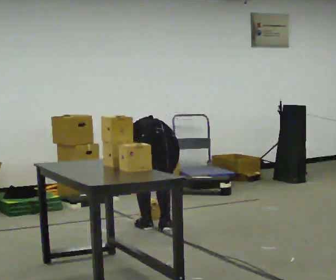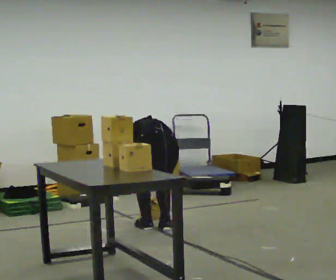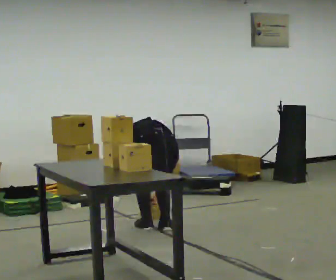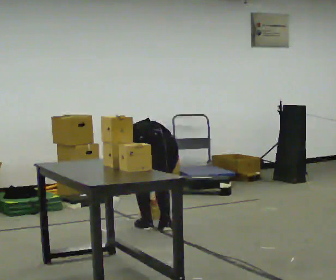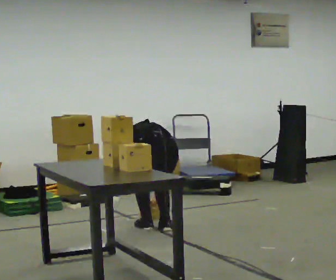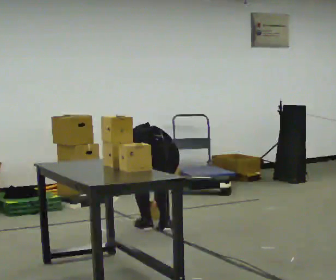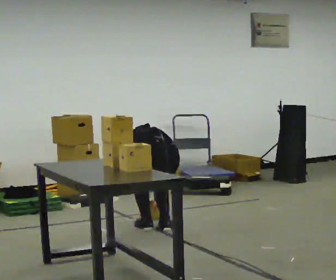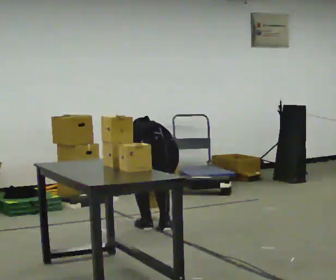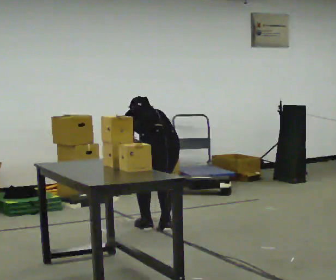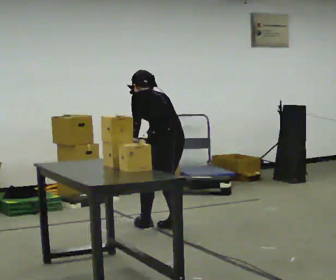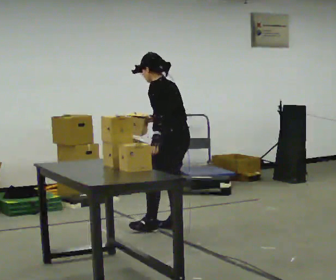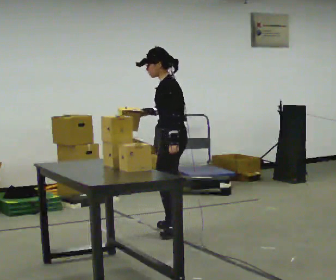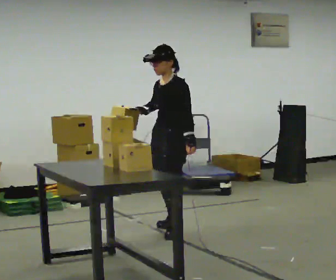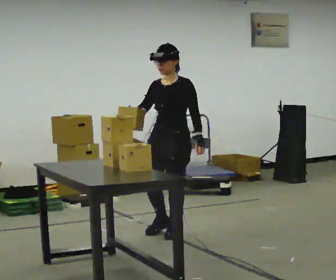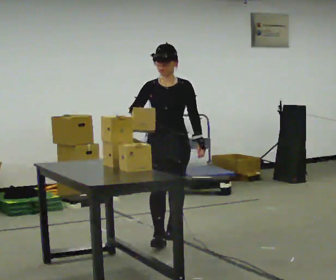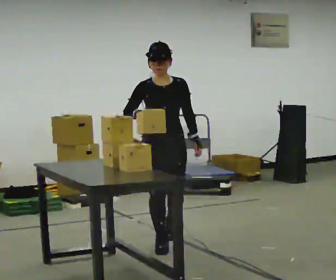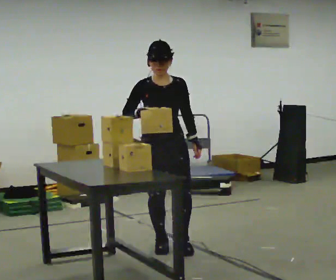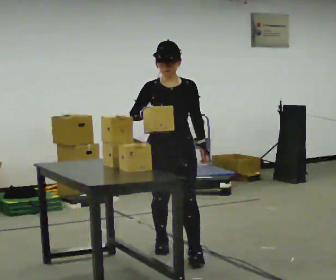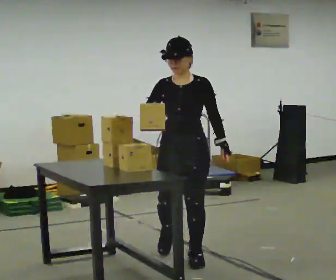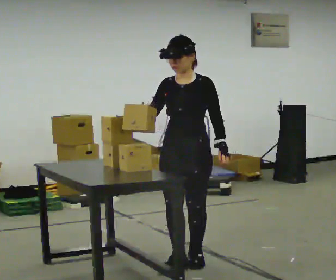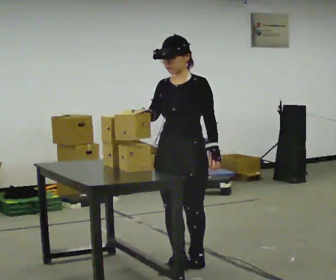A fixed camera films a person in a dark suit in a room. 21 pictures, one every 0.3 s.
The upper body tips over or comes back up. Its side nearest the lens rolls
downward.
Their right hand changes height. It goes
upward.
0.0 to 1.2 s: The person moves a little, or ends about where they began.
1.2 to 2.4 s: The upper body goes upward. The upper body tips toward the camera, its near side rolling downward, as they lean back or straighten.
2.4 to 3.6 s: Seen from above the body turns counterclockwise, about 105 degrees: to their left, with its near side sliding to the right. The upper body goes upward. The upper body tips toward the camera, its near side rolling downward, as they lean back or straighten. In the picture their right hand goes upward.
3.6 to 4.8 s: The part of the body nearest the lens slides to the right as the person turns to their left by about 60 degrees. In the picture they go toward the camera, about 0.5 m in 1 step.
4.8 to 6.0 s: The person turns about 30 degrees to their right, clockwise seen from above, so the part of the body nearest the lens slides to the left. In the picture they go toward the camera, about 0.5 m in 2 steps, which for them is forward and to their left.
The film runs forward here.
